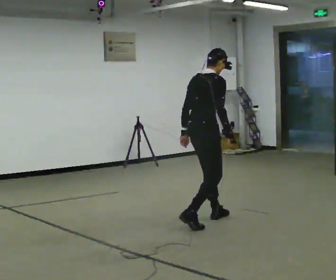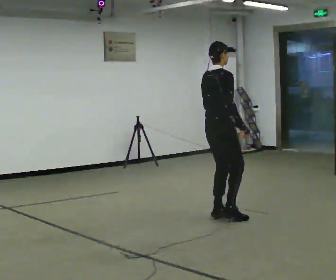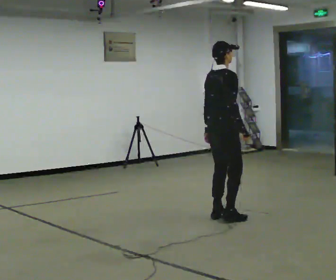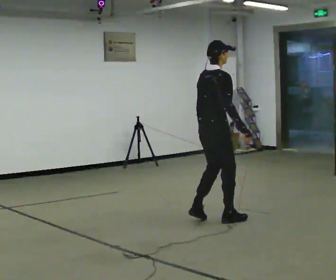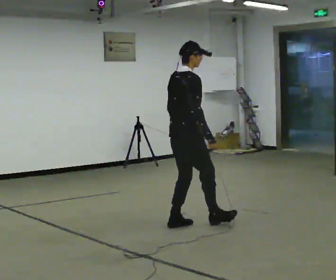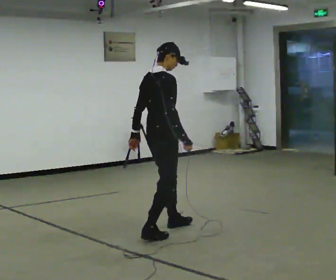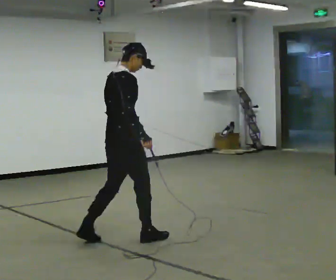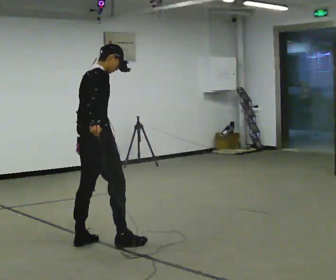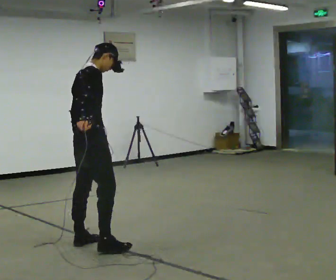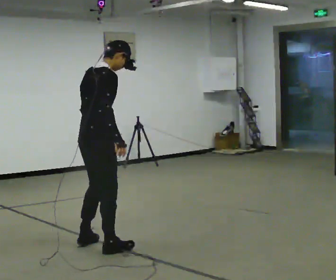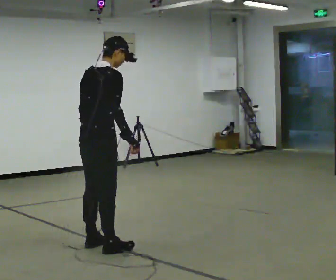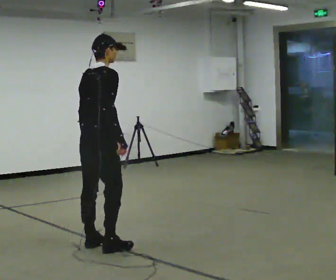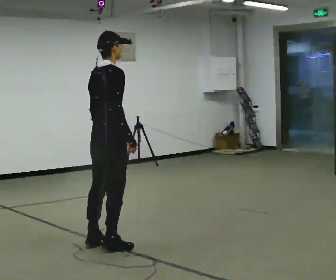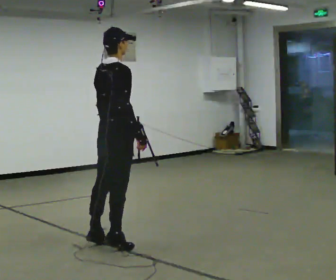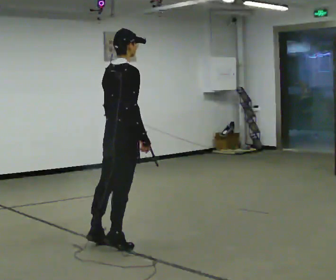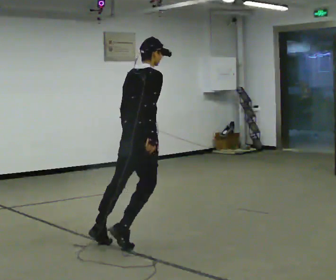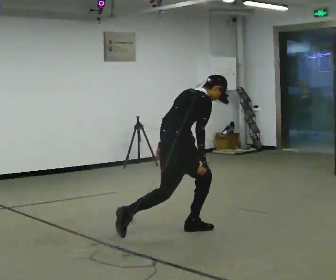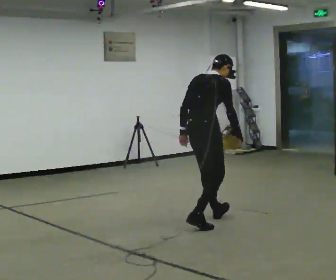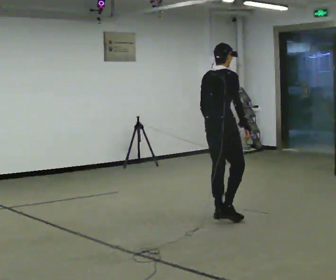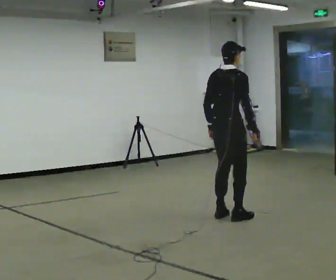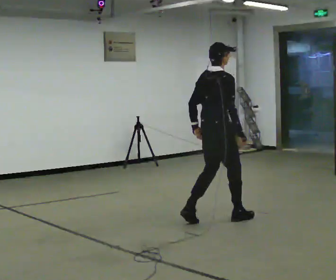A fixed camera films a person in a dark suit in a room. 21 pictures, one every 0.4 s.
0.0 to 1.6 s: In the picture they go to the left, about 0.25 m in 2 steps, which for them is backward.
1.6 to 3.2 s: In the picture they go to the left and toward the camera, about 1 m in 3 steps, which for them is backward.
3.2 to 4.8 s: In the picture they go to the right, about 0.25 m, which for them is to their right. In the picture their right hand goes to the right.
4.8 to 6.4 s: In the picture they go to the right and away from the camera, about 0.5 m in 1 step, which for them is forward. The shoulders move downward. In the picture the upper body tilts clockwise, shoulders to the right, as they bend forward.
6.4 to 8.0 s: In the picture they go to the right and away from the camera, about 0.5 m in 2 steps, which for them is forward. The shoulders move upward. In the picture the upper body tilts counterclockwise, shoulders to the left, as they lean back or straighten.
The film runs forward here.
